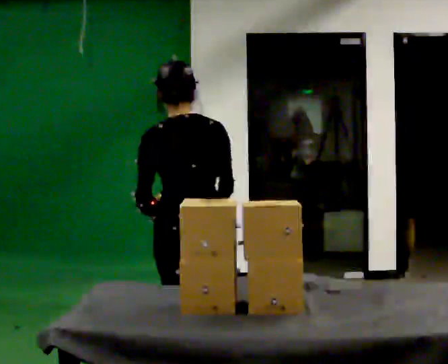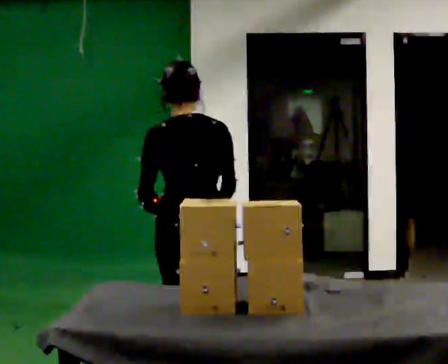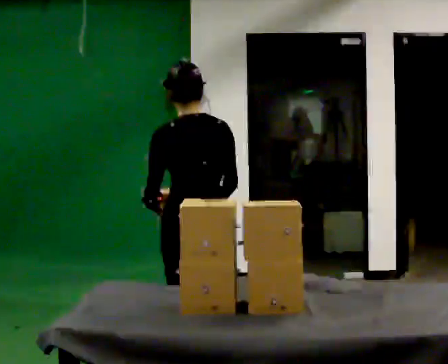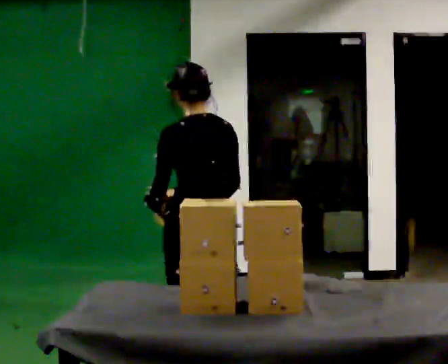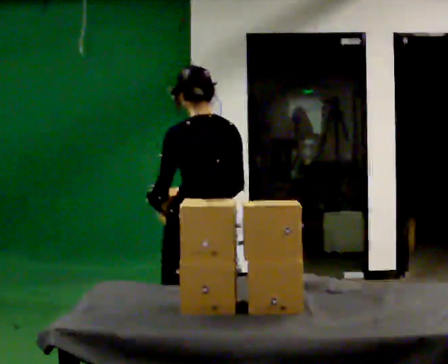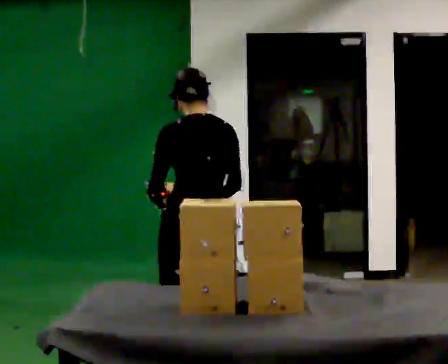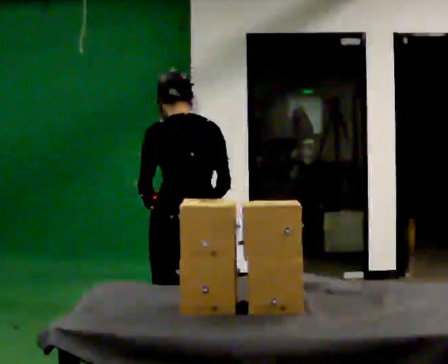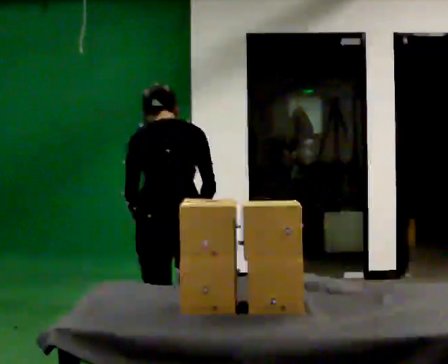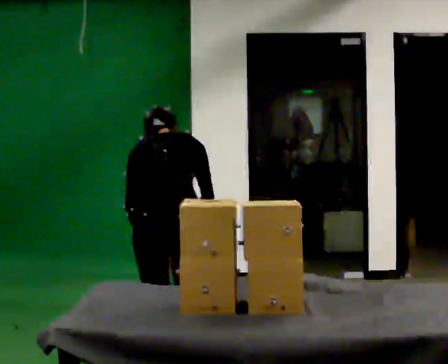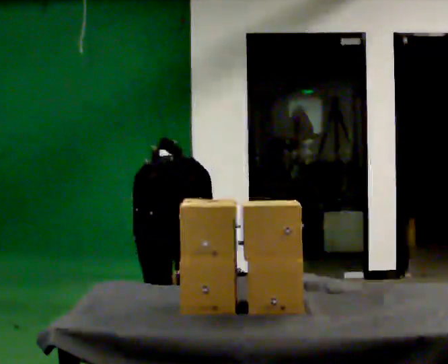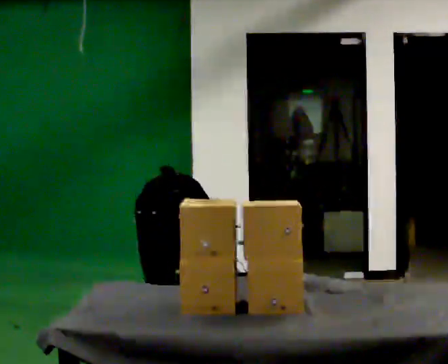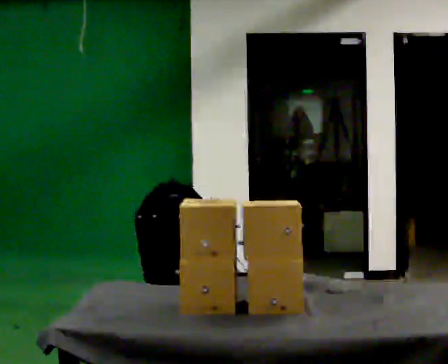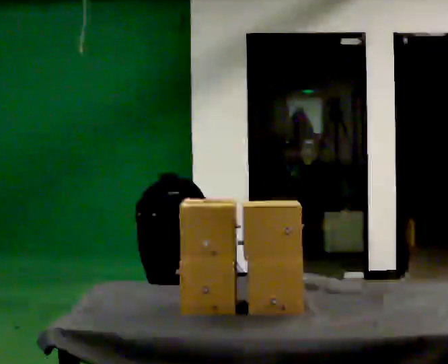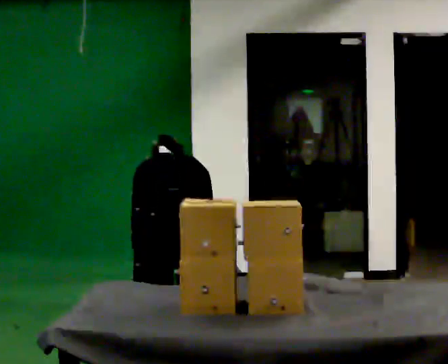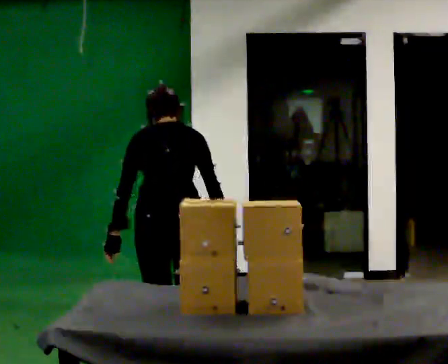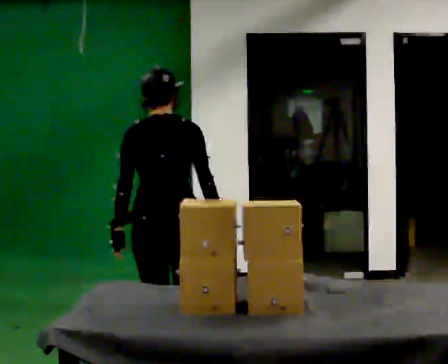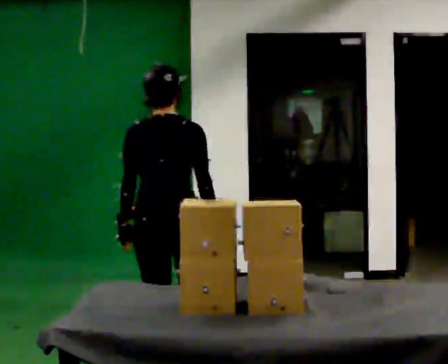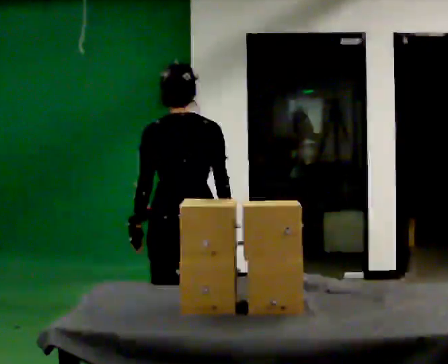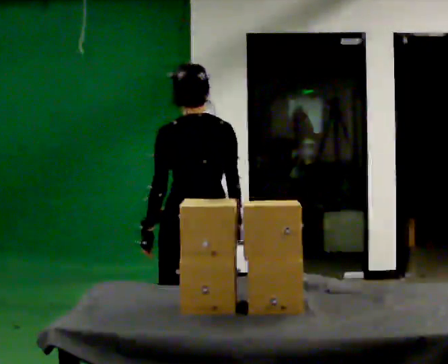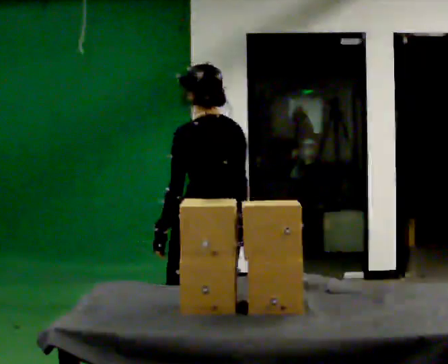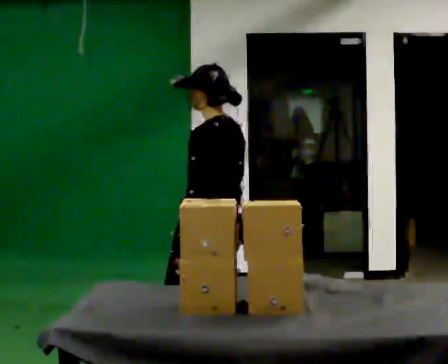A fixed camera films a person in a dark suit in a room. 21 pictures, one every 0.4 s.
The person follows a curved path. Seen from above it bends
clockwise.
0.0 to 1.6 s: In the picture they go away from the camera, about 0.25 m in 1 step, which for them is forward and to their right.
1.6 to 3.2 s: The person turns about 30 degrees to their right, clockwise seen from above, so the part of the body nearest the lens slides to the left. In the picture they go to the left, about 0.25 m in 1 step, which for them is to their left. The upper body tips away from the camera, its near side rolling upward, as they bend forward.
3.2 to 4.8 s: The upper body tips away from the camera, its near side rolling upward, as they bend forward. In the picture their right hand goes downward.
4.8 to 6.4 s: The upper body goes upward. The upper body tips toward the camera, its near side rolling downward, as they lean back or straighten. In the picture their right hand goes upward.
6.4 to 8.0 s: The part of the body nearest the lens slides to the right as the person turns to their left by about 60 degrees. In the picture they go to the right, about 0.25 m. In the picture their left hand goes to the right.
The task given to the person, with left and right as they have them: 1. Take the objects out of the box on the table one at a time. 2. Put each one in the bin the operator has labelled for it. 3. Tell the operator when you are finished.
The film runs forward here.
